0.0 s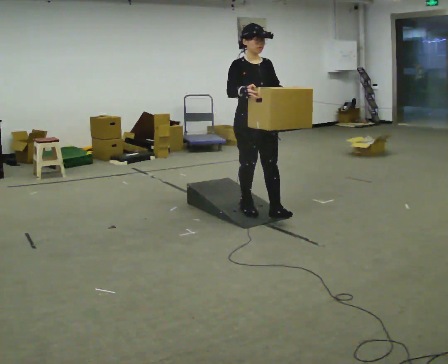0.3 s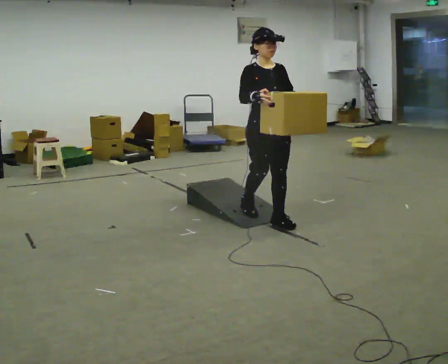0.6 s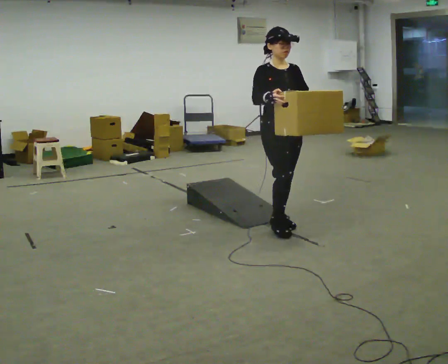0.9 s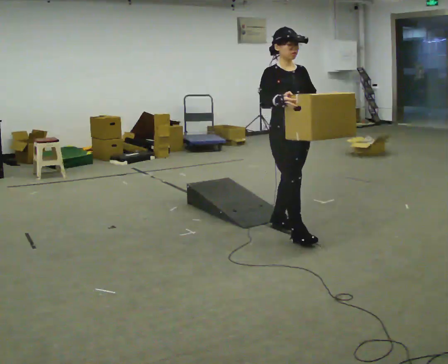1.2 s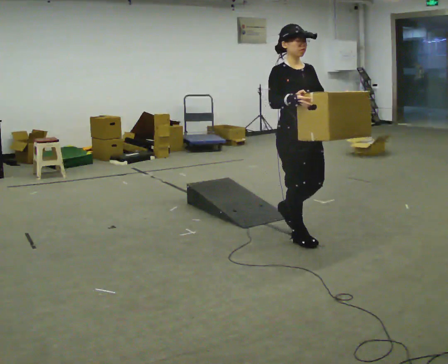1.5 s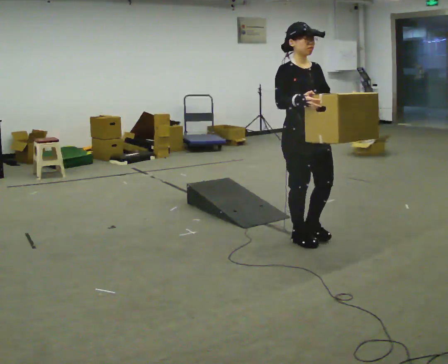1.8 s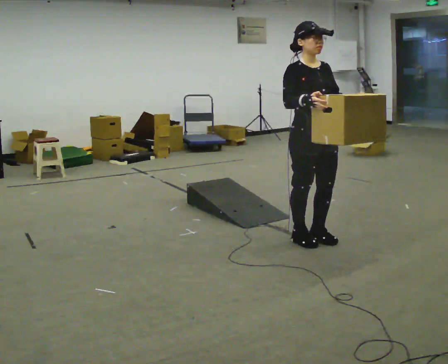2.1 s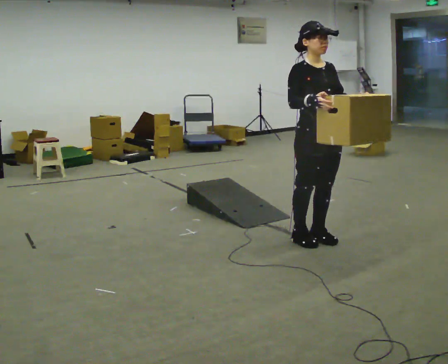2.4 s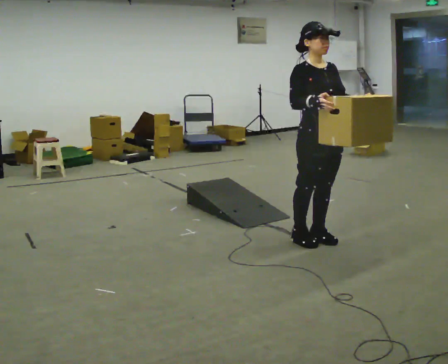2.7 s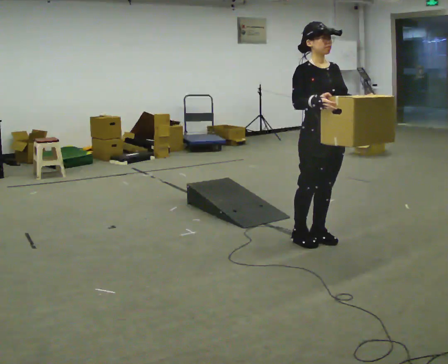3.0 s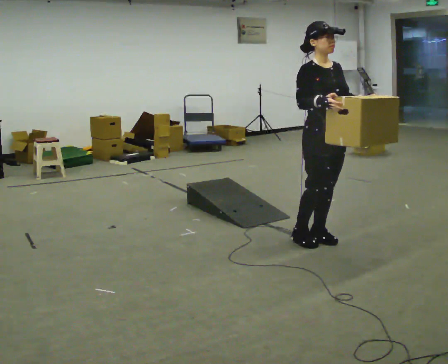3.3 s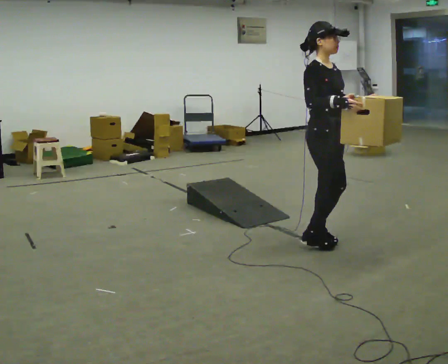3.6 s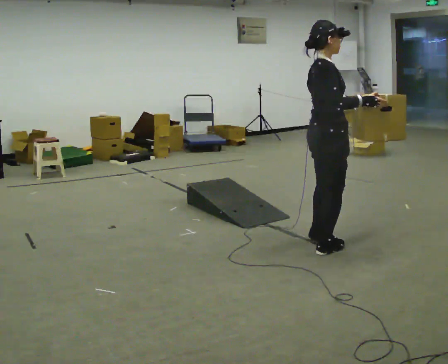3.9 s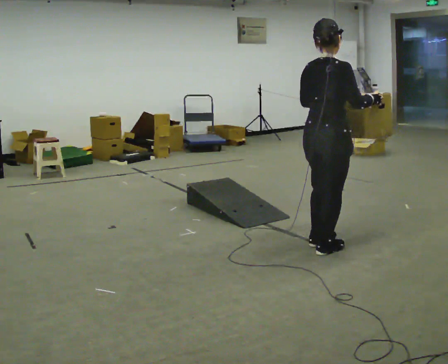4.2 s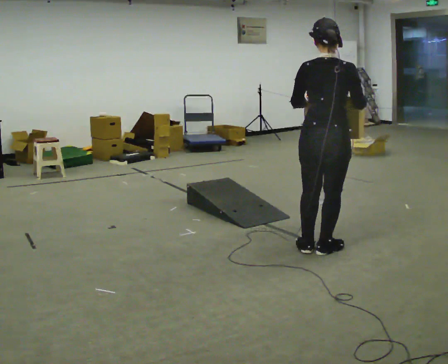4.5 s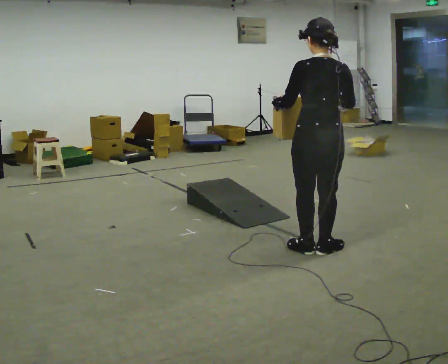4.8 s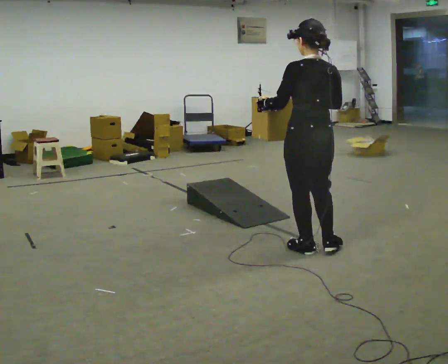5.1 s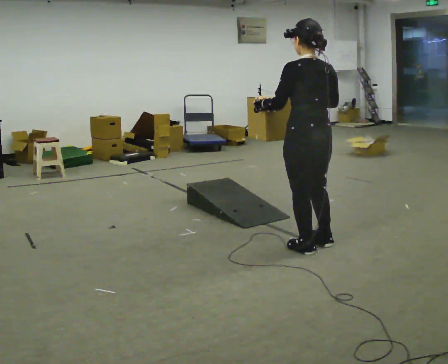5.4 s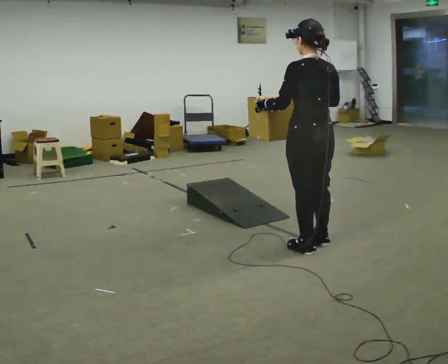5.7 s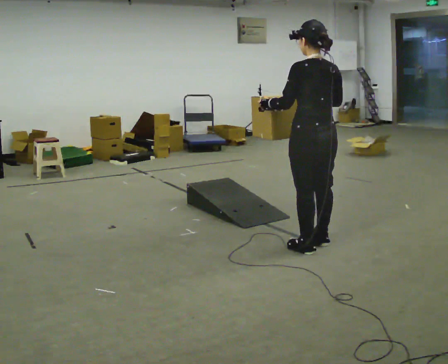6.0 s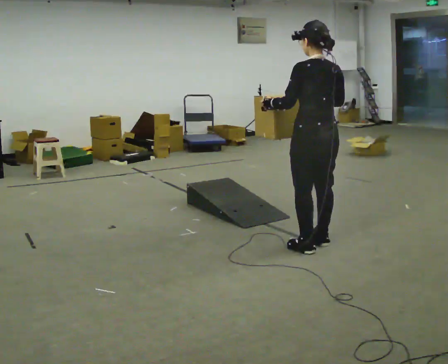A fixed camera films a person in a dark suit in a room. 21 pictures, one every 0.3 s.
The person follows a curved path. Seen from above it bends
clockwise.
The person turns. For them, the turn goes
to their left.
0.0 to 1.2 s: In the picture they go toward the camera and to the right, about 0.5 m in 2 steps, which for them is forward.
1.2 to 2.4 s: In the picture they go to the right, about 0.25 m in 1 step, which for them is forward.
2.4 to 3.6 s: Seen from above the body turns counterclockwise, about 75 degrees: to their left, with its near side sliding to the right.
3.6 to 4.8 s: Seen from above the body turns counterclockwise, about 105 degrees: to their left, with its near side sliding to the right. In the picture their left hand goes to the left.
4.8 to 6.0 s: In the picture they go away from the camera, about 0.25 m in 1 step, which for them is to their right.
The film runs forward here.
